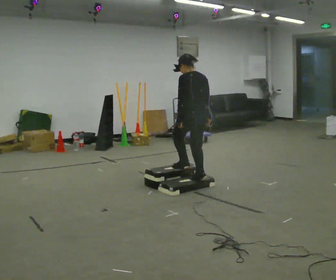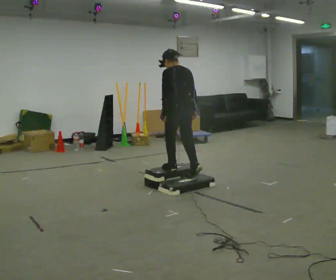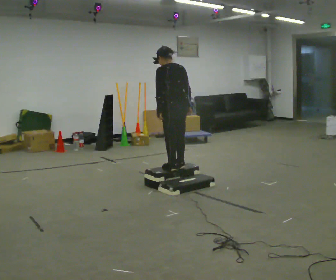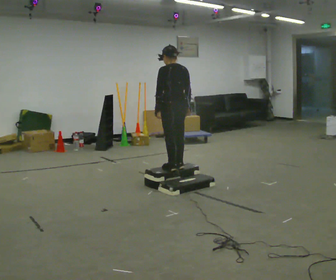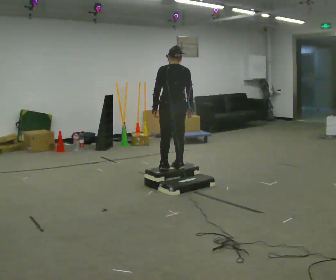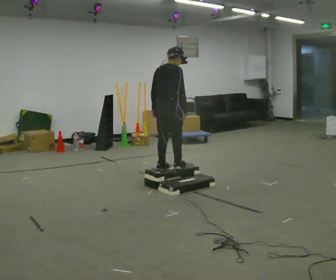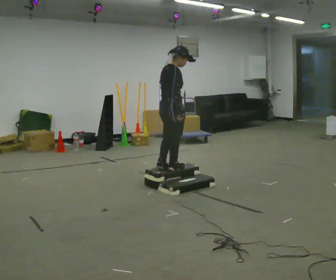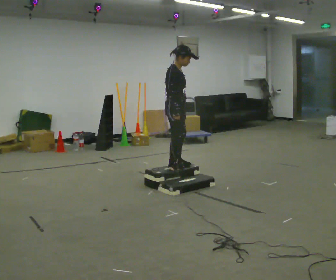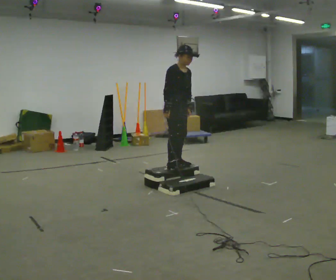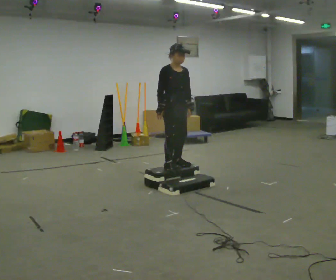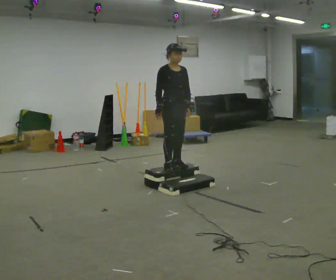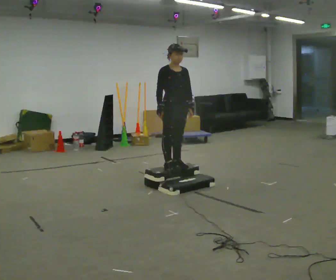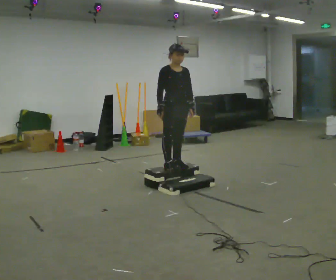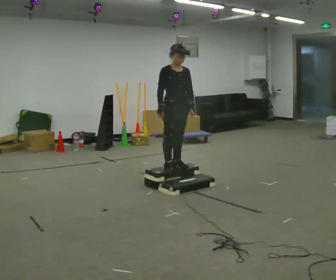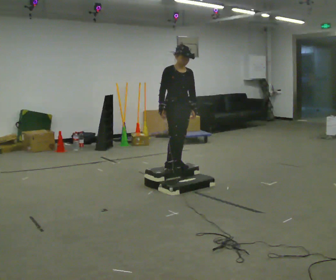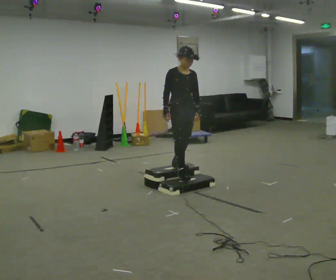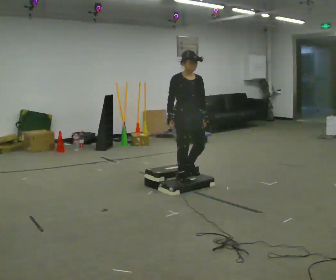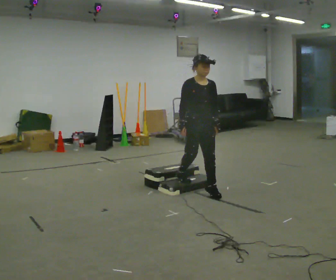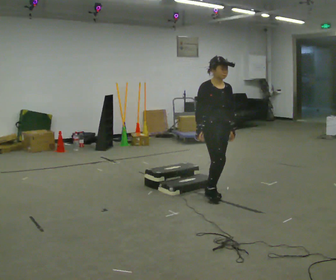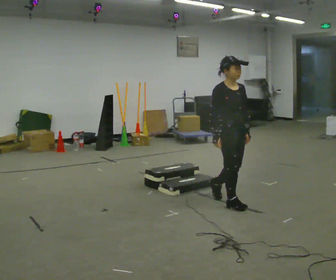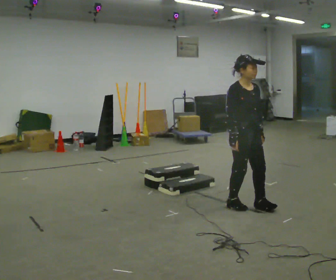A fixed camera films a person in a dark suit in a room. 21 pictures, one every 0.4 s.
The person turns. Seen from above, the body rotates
clockwise.
The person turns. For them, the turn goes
to their right.
0.0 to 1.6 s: The part of the body nearest the lens slides to the left as the person turns to their right by about 30 degrees. In the picture they go to the left and away from the camera, about 0.25 m in 2 steps, which for them is forward.
1.6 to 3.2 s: The person turns about 135 degrees to their right, clockwise seen from above, so the part of the body nearest the lens slides to the left.
3.2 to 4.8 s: The person moves a little, or ends about where they began.
4.8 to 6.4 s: In the picture they go toward the camera, about 0.25 m in 1 step, which for them is forward.
6.4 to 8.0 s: In the picture they go toward the camera and to the right, about 1 m in 2 steps, which for them is forward.
The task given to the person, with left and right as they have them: Walk up the three steps, turn at the top, and walk back down at a comfortable speed. Use the handrail only if you need it.
The film runs forward here.
